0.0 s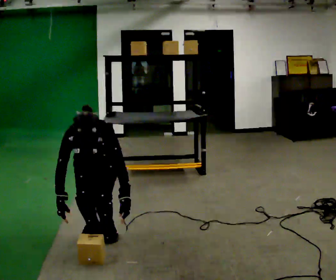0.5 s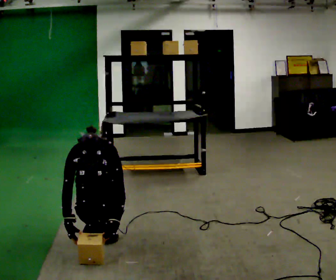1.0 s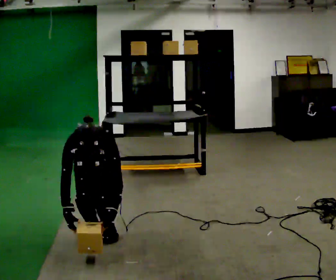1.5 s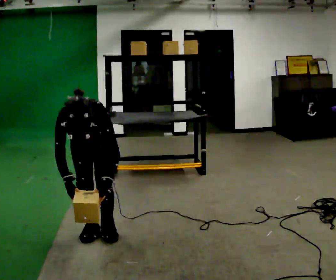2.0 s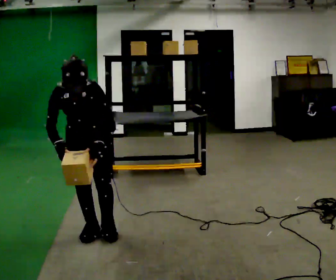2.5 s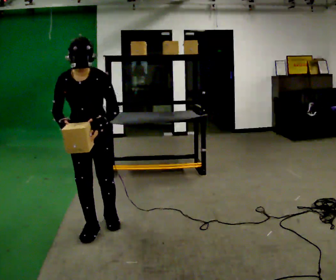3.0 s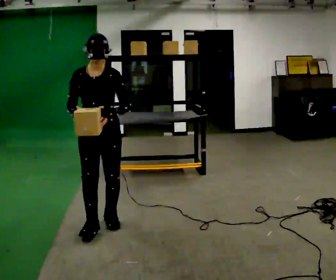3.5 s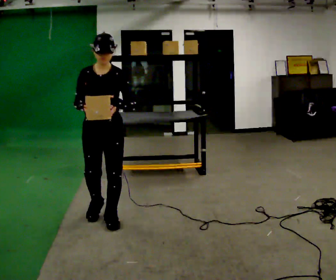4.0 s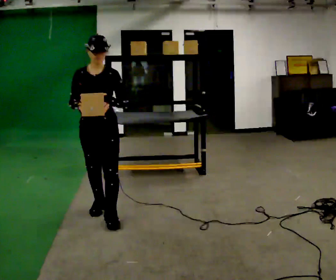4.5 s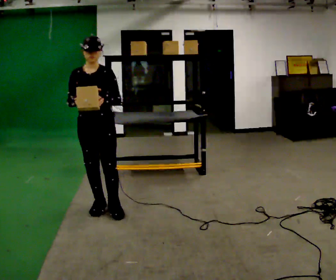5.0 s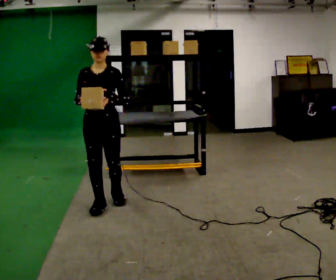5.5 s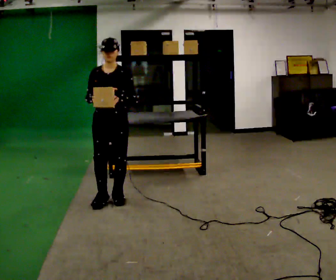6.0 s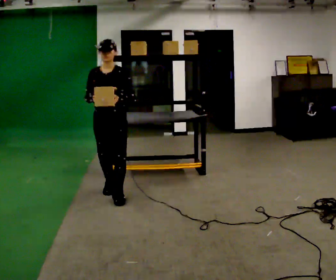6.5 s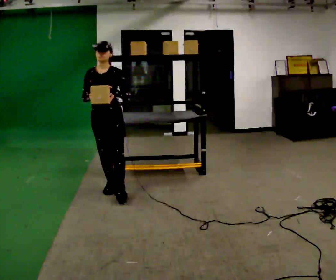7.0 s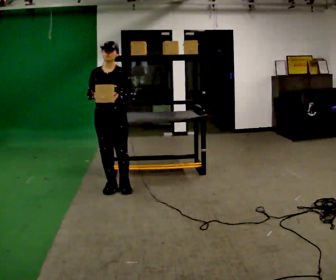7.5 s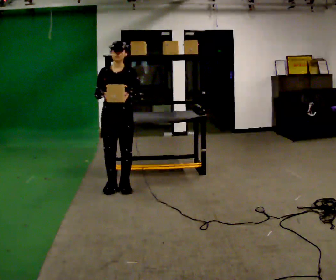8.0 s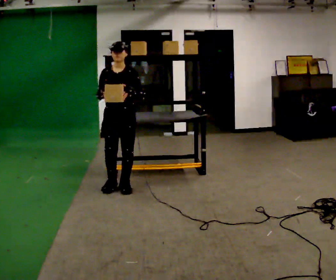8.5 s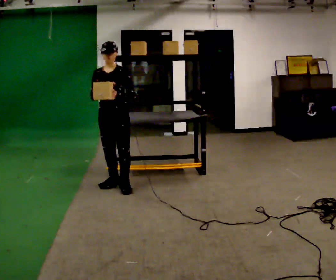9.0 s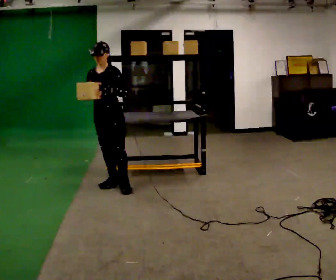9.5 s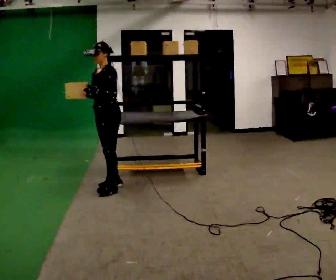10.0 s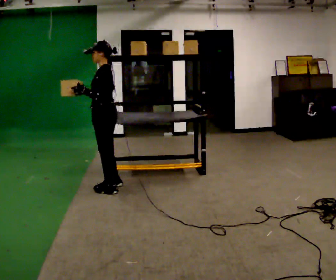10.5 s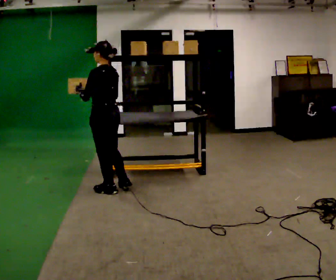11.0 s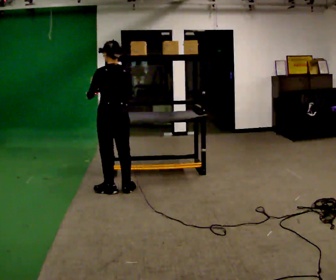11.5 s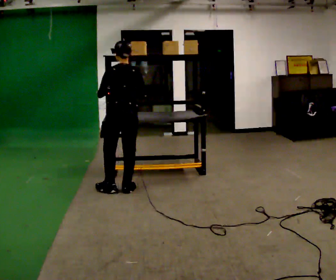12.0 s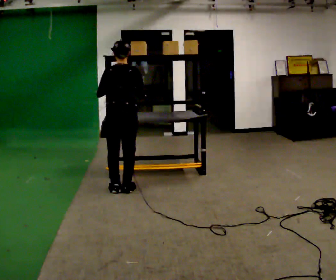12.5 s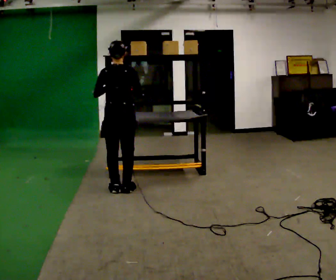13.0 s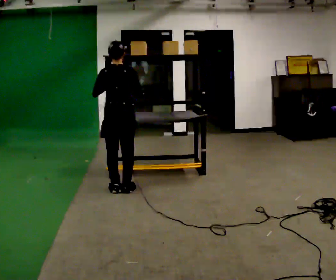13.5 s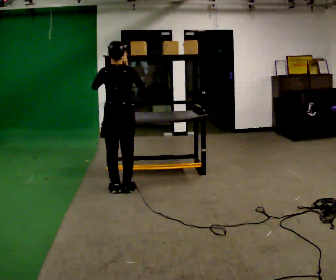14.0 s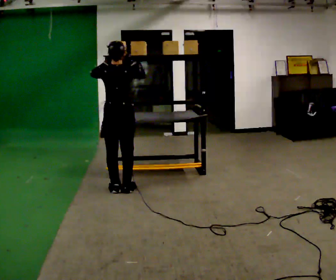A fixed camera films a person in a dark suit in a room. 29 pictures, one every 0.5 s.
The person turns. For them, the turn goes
to their right.
The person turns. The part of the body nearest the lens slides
to the left.
0.0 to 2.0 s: In the picture their left hand goes upward.
2.0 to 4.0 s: In the picture they go away from the camera, about 0.25 m in 2 steps, which for them is backward. The upper body tips away from the camera, its near side rolling upward, as they lean back or straighten.
4.0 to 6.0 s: In the picture they go away from the camera, about 0.5 m in 2 steps, which for them is backward.
6.0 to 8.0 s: In the picture they go away from the camera, about 0.25 m in 1 step, which for them is backward.
8.0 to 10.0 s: The part of the body nearest the lens slides to the left as the person turns to their right by about 90 degrees. In the picture their left hand goes to the left.
10.0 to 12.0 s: The person turns about 90 degrees to their right, clockwise seen from above, so the part of the body nearest the lens slides to the left. In the picture they go to the right, about 0.25 m in 1 step.
12.0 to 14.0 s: The person moves a little, or ends about where they began.
The film runs backward here.
